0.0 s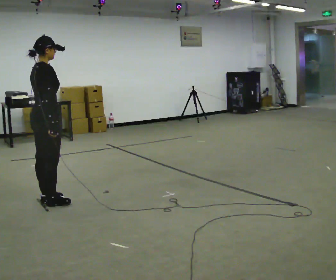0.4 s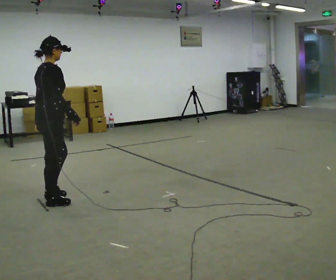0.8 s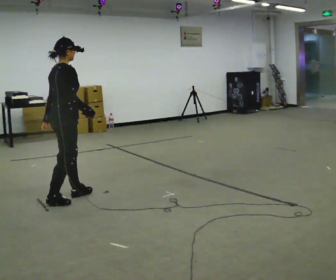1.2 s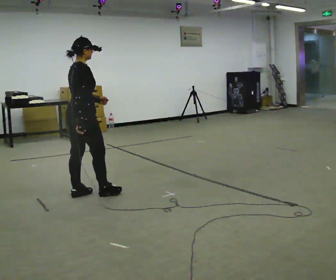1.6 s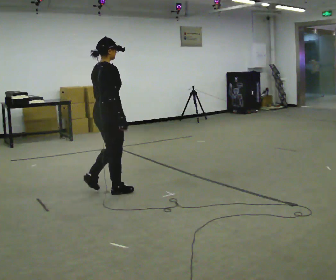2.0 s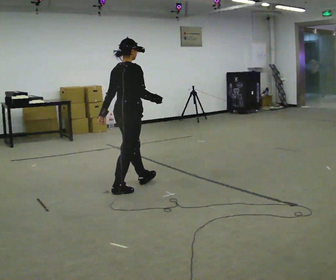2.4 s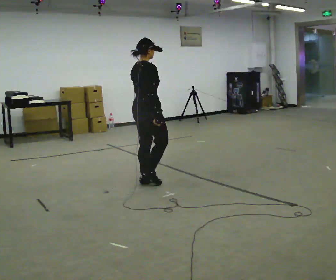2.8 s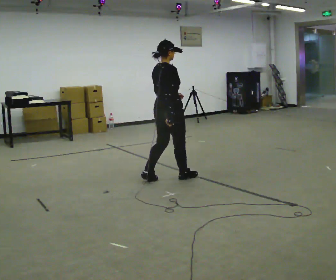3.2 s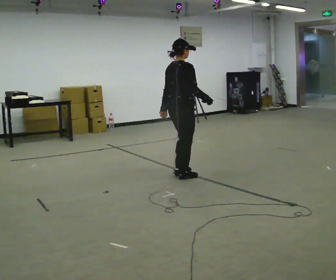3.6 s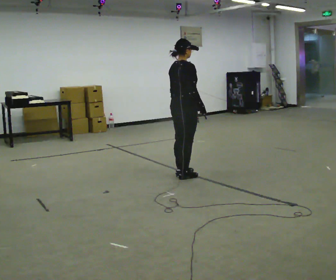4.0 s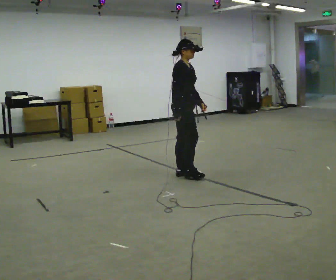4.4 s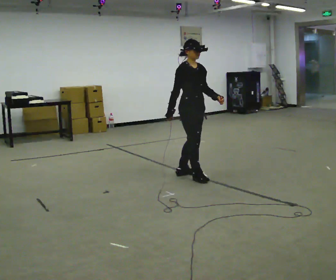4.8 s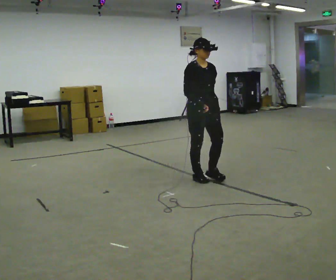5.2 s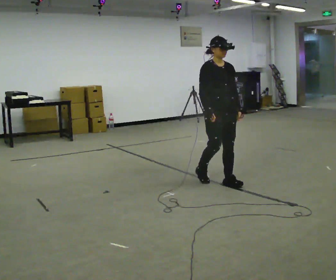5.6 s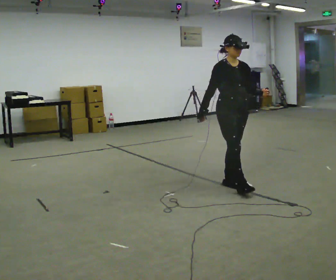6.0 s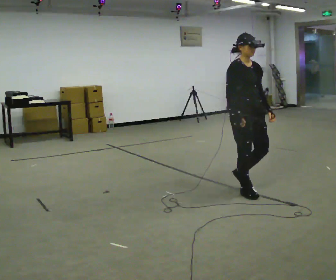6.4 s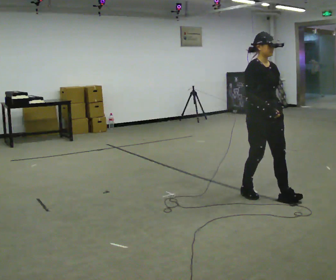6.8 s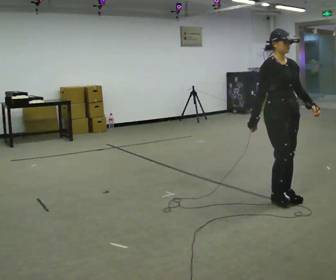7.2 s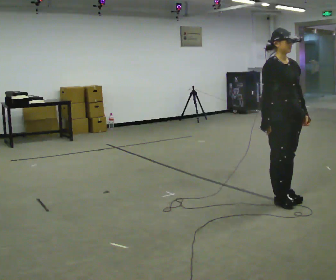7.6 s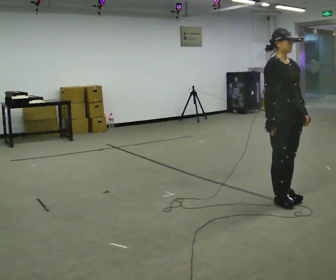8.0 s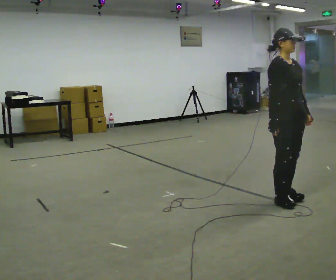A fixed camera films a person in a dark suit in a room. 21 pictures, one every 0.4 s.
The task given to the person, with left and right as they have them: Walk straight; turn 90° left/right while continuing to walk; continue.
0.0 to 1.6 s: In the picture they go to the right and away from the camera, about 0.75 m in 2 steps, which for them is forward.
1.6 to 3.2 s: In the picture they go to the right and away from the camera, about 1 m in 2 steps, which for them is forward.
3.2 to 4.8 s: The person turns about 90 degrees to their right, clockwise seen from above, so the part of the body nearest the lens slides to the left. In the picture they go to the right, about 0.25 m in 2 steps.
4.8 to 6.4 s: In the picture they go toward the camera and to the right, about 1 m in 3 steps, which for them is forward.
6.4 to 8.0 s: In the picture they go toward the camera and to the right, about 0.25 m in 1 step, which for them is forward.
The film runs forward here.
